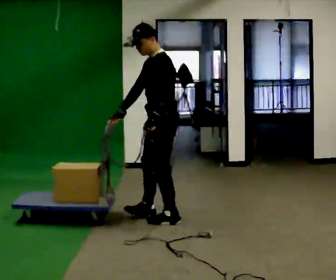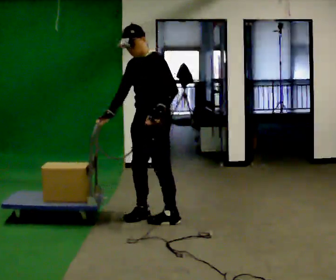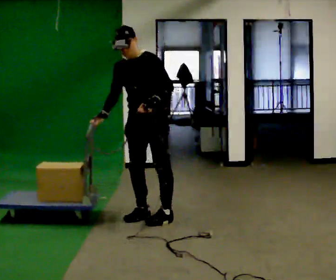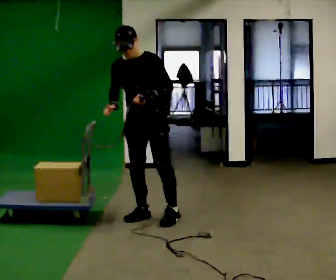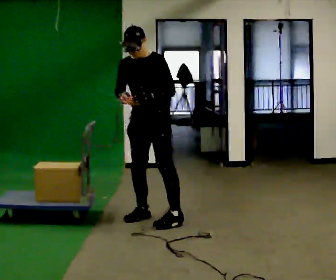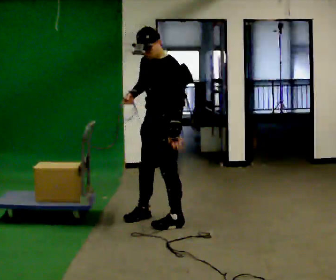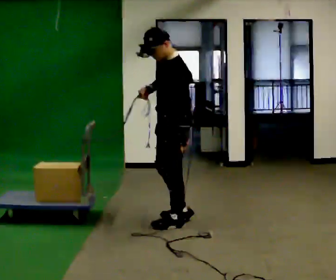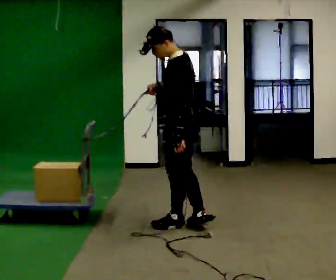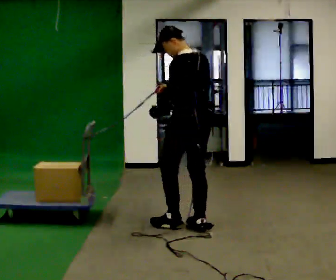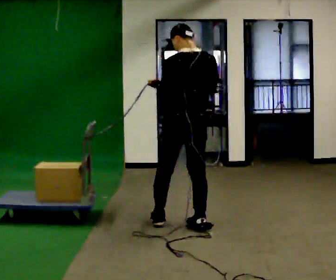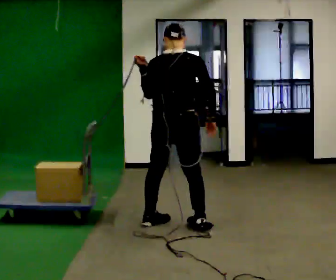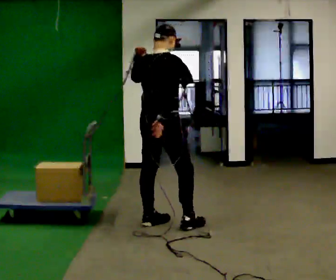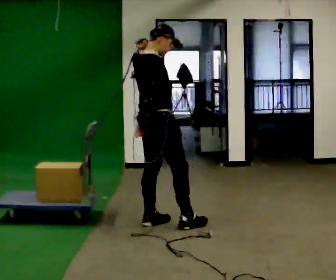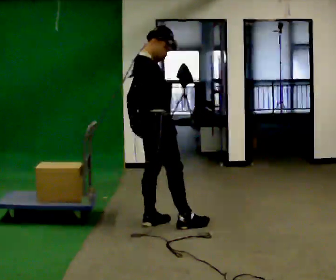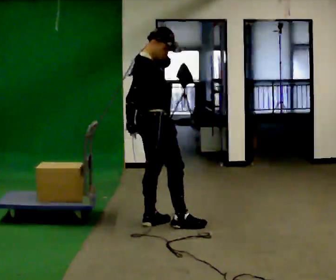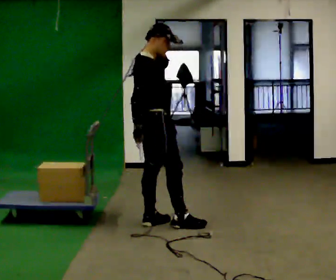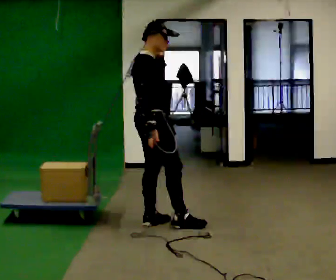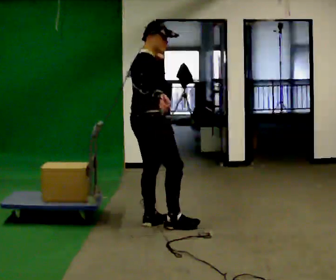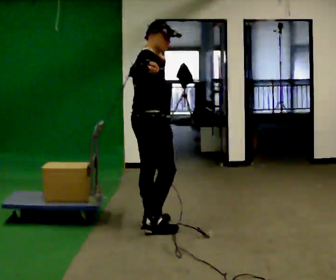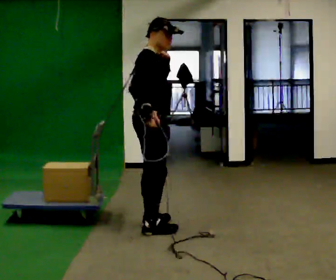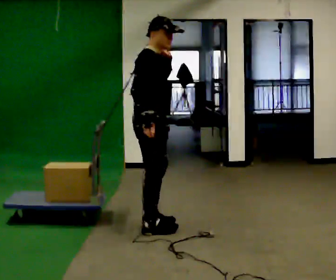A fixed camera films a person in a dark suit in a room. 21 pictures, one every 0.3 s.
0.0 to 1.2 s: The person turns about 45 degrees to their left, counterclockwise seen from above, so the part of the body nearest the lens slides to the right.
1.2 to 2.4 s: The person turns about 105 degrees to their right, clockwise seen from above, so the part of the body nearest the lens slides to the left. In the picture they go to the right and toward the camera, about 0.5 m in 2 steps.
2.4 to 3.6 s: Seen from above the body turns clockwise, about 105 degrees: to their right, with its near side sliding to the left. In the picture they go to the left and away from the camera, about 0.5 m in 2 steps. In the picture their left hand goes upward.
3.6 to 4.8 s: The person moves a little, or ends about where they began.
4.8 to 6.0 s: In the picture they go toward the camera, about 0.25 m in 1 step, which for them is to their right.
The film runs forward here.
